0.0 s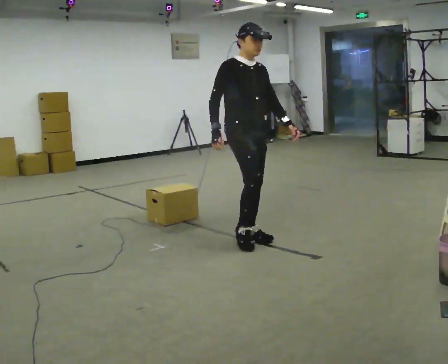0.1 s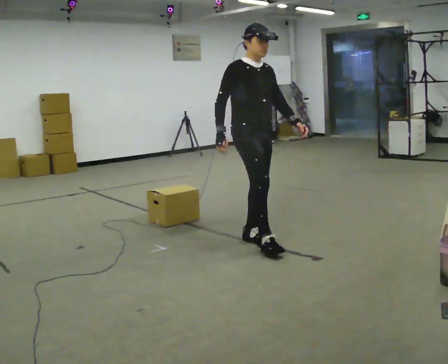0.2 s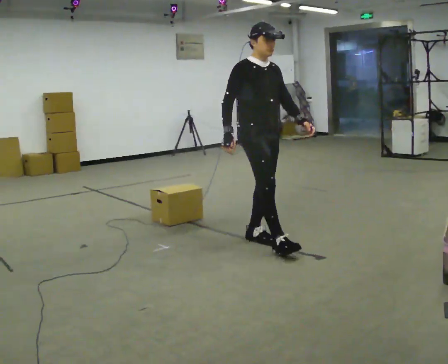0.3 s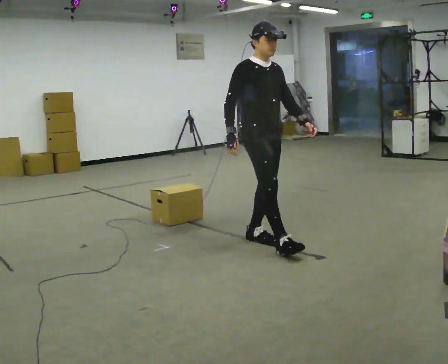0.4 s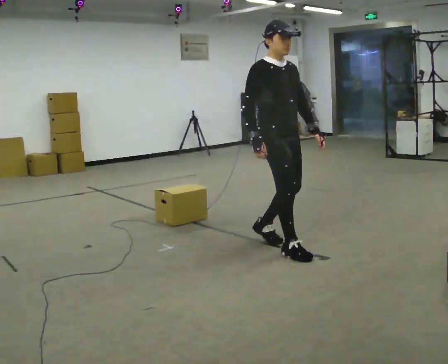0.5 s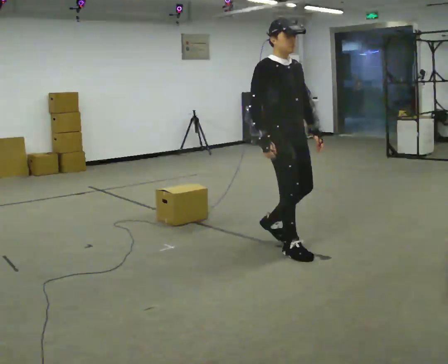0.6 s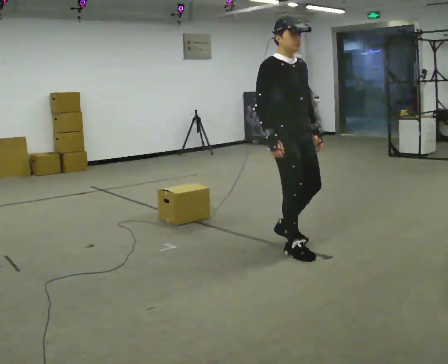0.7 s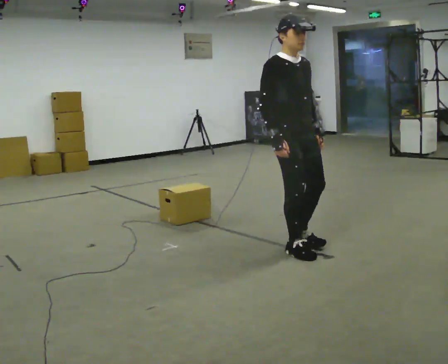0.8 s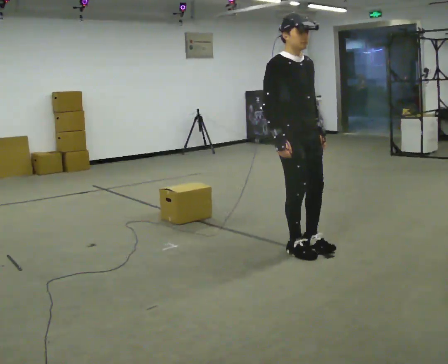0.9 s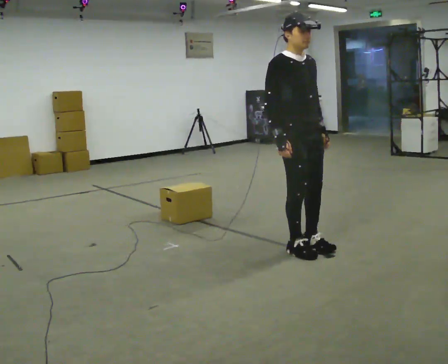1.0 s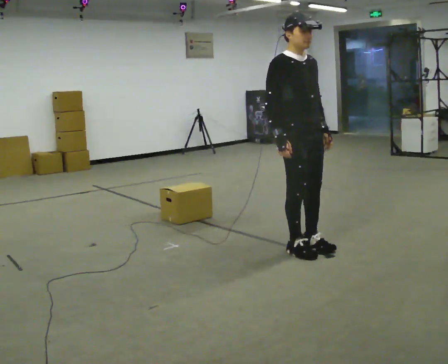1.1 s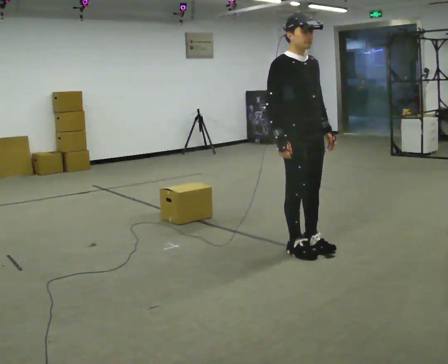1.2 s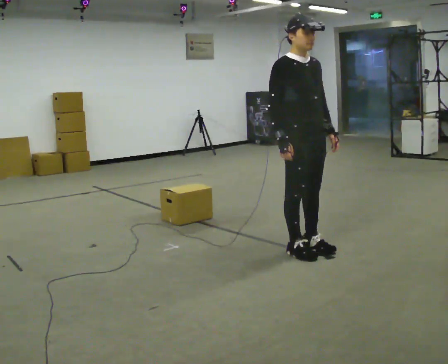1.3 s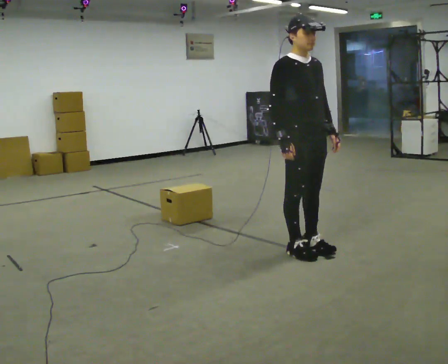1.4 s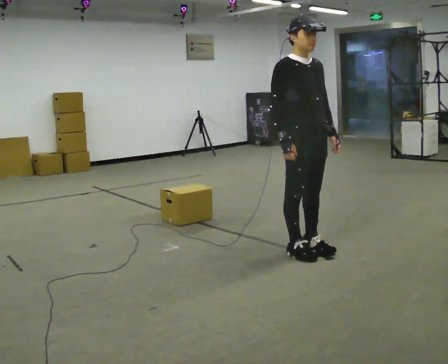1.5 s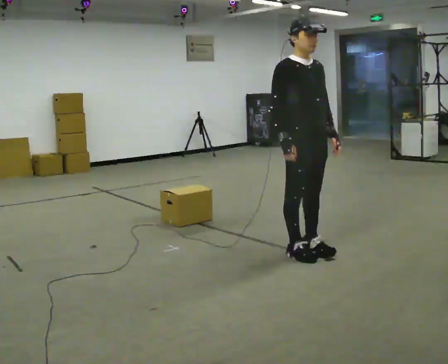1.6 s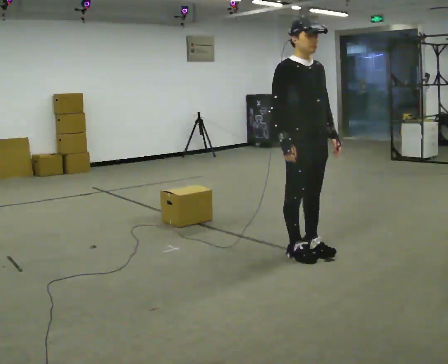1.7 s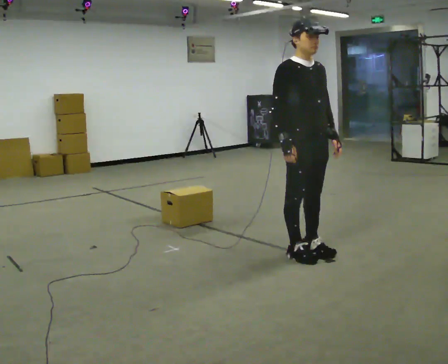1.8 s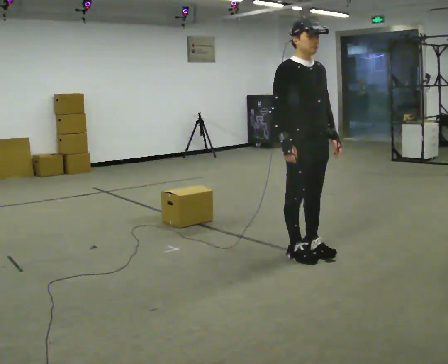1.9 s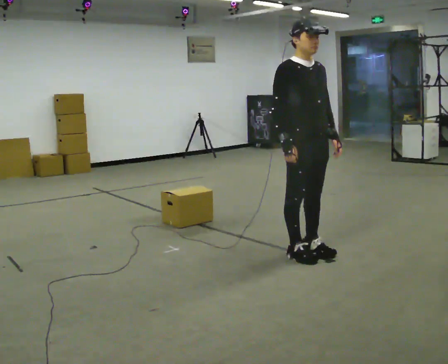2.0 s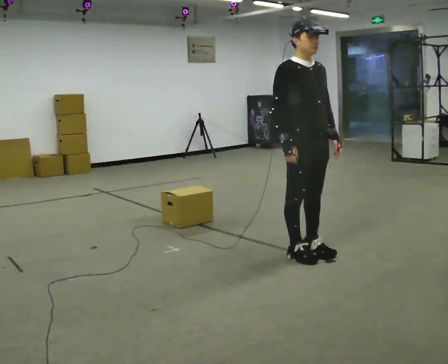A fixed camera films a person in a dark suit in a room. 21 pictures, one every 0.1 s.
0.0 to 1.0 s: In the picture they go to the right and toward the camera, about 0.5 m in 2 steps, which for them is forward.
1.0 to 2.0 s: The person moves a little, or ends about where they began.
The film runs forward here.
